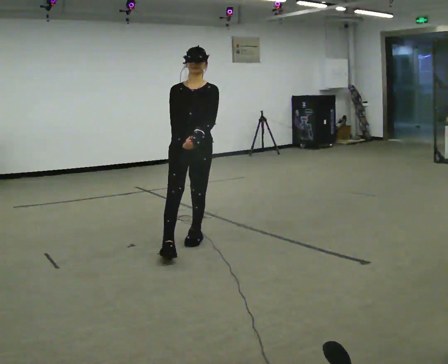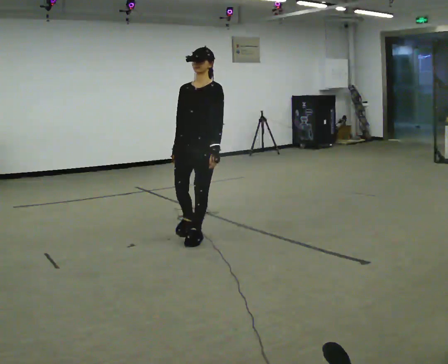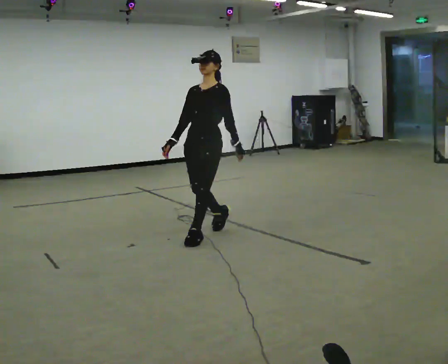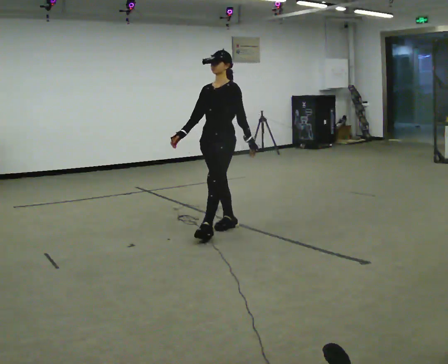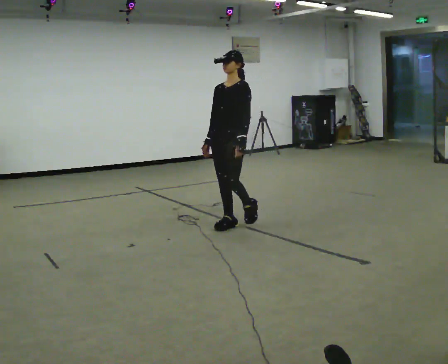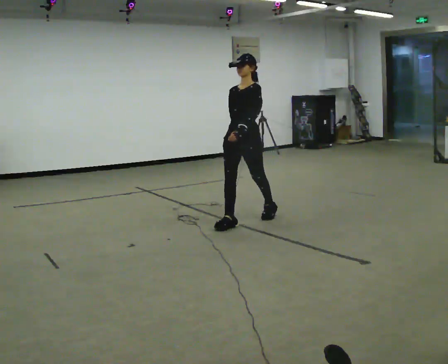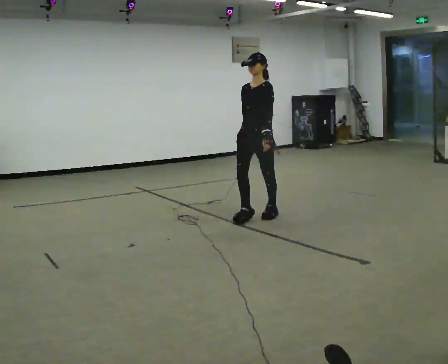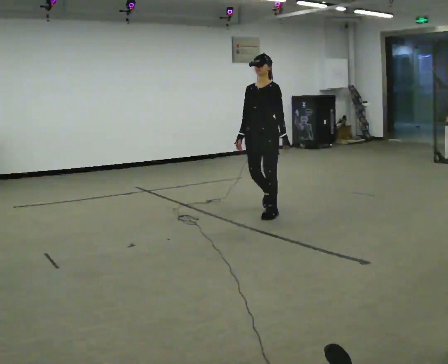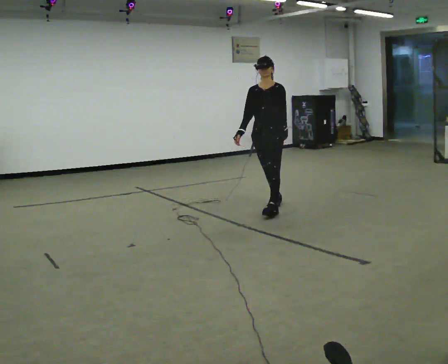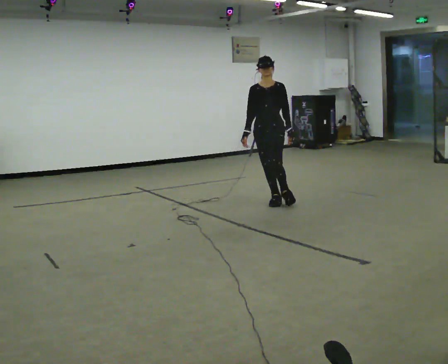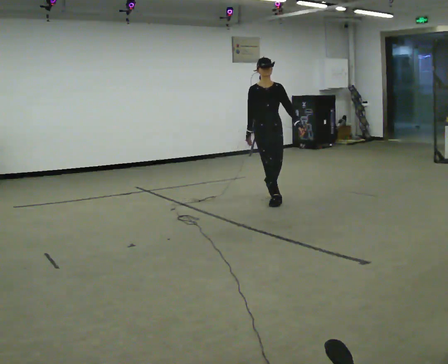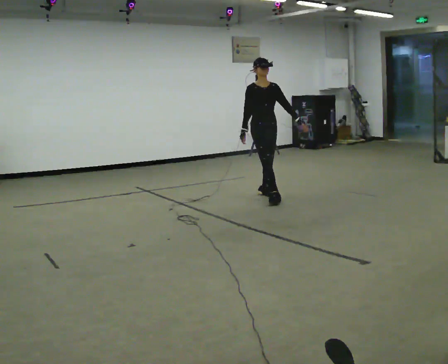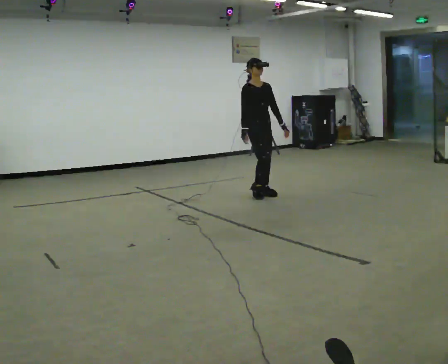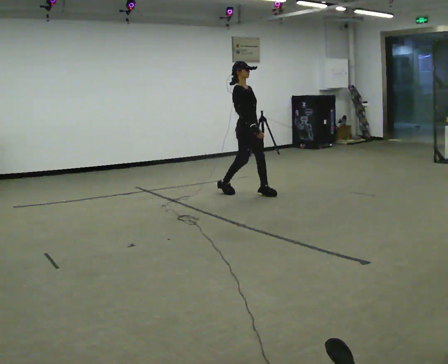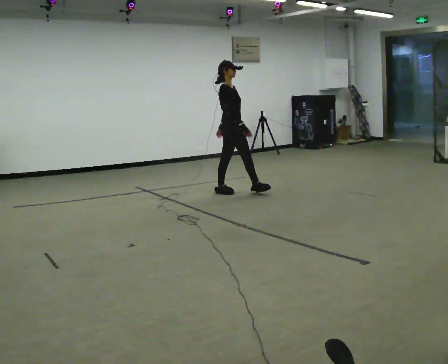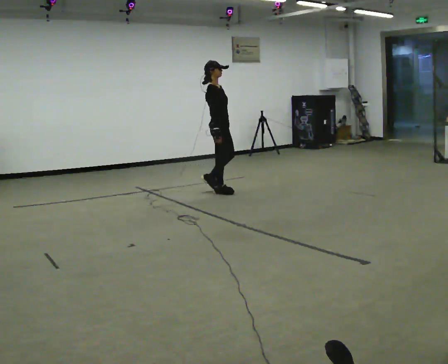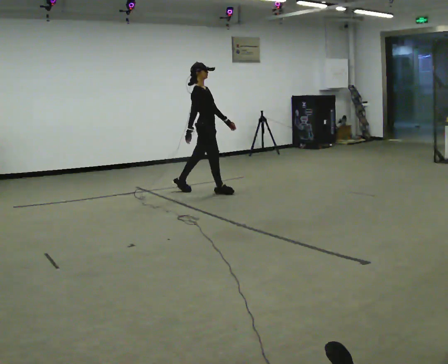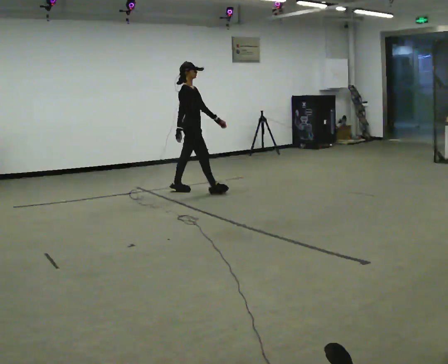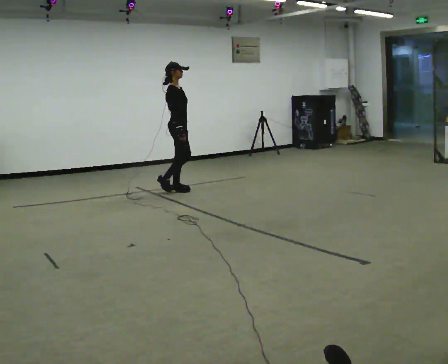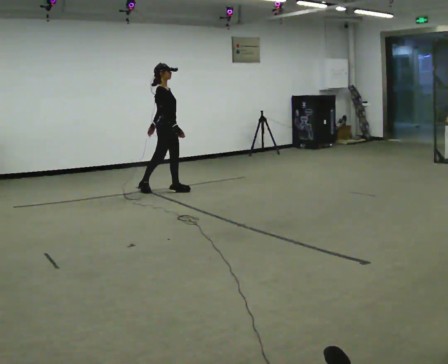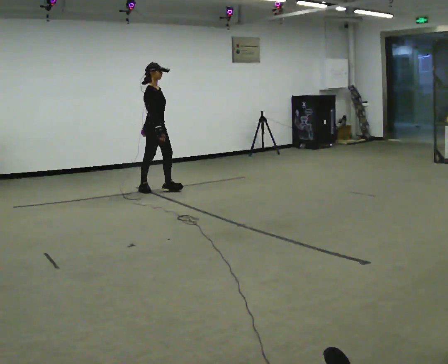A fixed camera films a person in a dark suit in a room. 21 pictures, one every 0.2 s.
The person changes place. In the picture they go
away from the camera.
The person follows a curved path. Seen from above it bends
counterclockwise.
0.0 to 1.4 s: Seen from above the body turns clockwise, about 45 degrees: to their right, with its near side sliding to the left. In the picture they go away from the camera and to the right, about 1 m in 2 steps, which for them is backward.
1.4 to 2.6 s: Seen from above the body turns counterclockwise, about 90 degrees: to their left, with its near side sliding to the right. In the picture they go away from the camera, about 1 m in 2 steps.
2.6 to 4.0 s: In the picture they go to the left, about 1 m in 3 steps, which for them is backward.
The film runs backward here.
